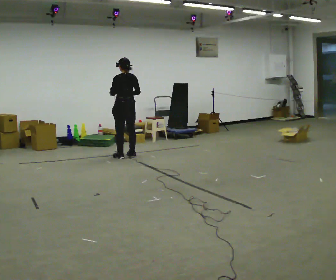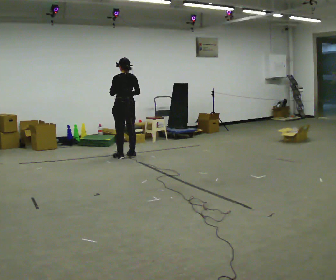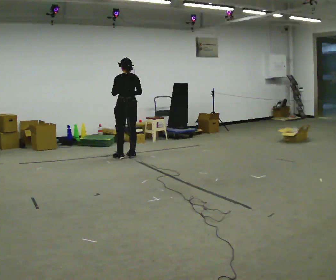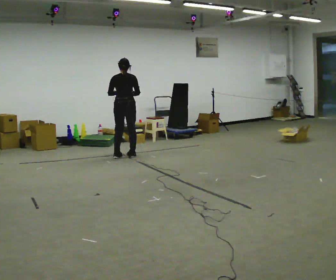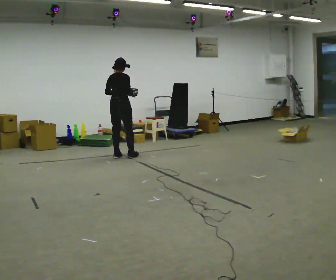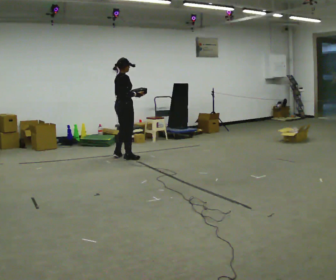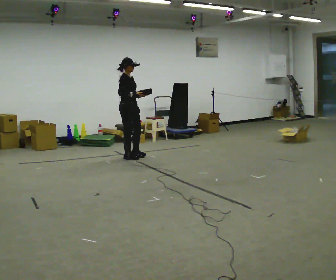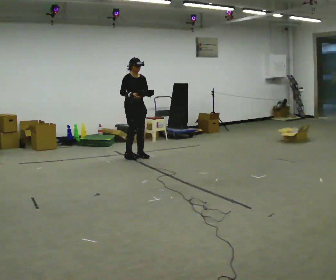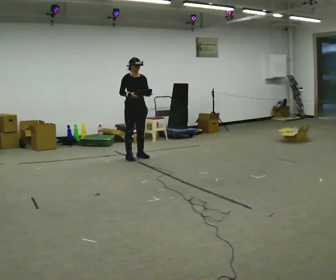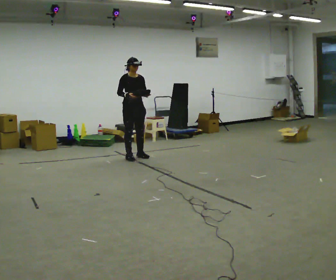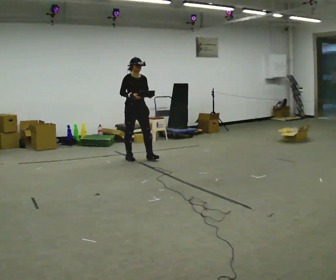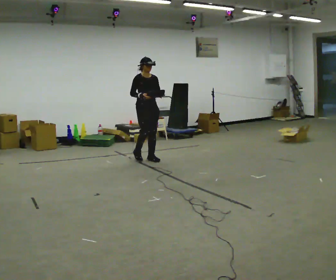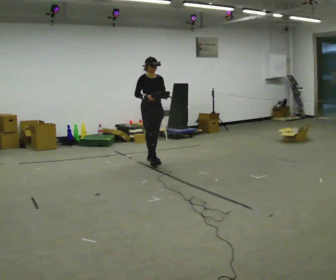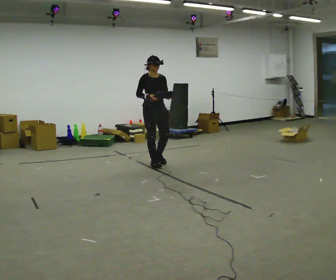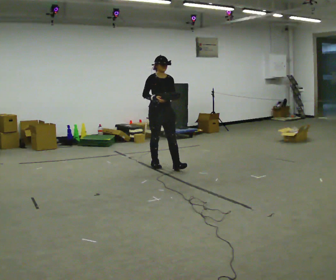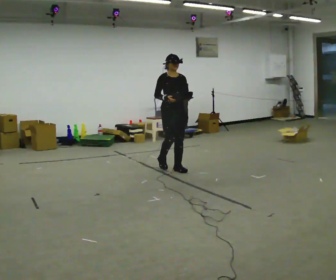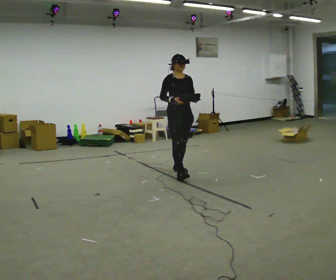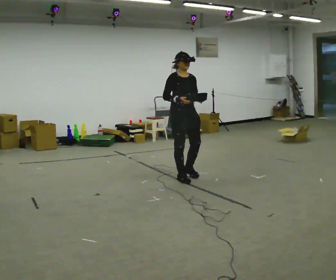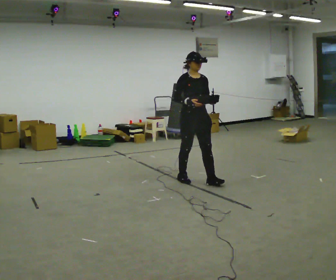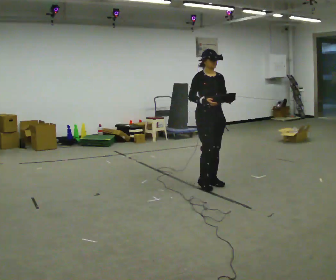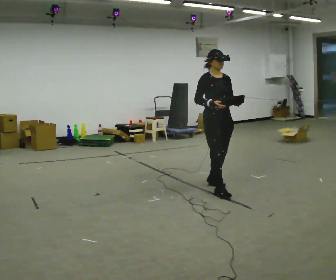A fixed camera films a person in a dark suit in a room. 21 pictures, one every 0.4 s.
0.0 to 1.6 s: Seen from above the body turns clockwise, about 60 degrees: to their right, with its near side sliding to the left.
1.6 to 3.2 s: The person turns about 120 degrees to their right, clockwise seen from above, so the part of the body nearest the lens slides to the left. In the picture they go to the right, about 0.25 m in 2 steps. In the picture their left hand goes to the right.
3.2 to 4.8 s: In the picture they go toward the camera and to the right, about 0.5 m in 2 steps, which for them is forward.
4.8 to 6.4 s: In the picture they go toward the camera and to the right, about 1 m in 2 steps, which for them is forward.
6.4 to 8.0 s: In the picture they go toward the camera and to the right, about 1 m in 2 steps, which for them is forward.
The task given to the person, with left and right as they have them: Carry the object across the room. The lid hangs loose and will swing, so carry it however works. Keep going until the operator says stop; one object at a time, and do not rush between trips.
The film runs forward here.
